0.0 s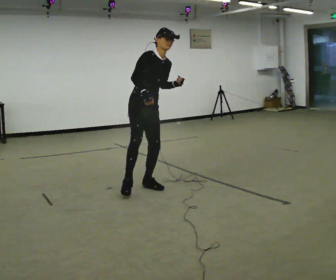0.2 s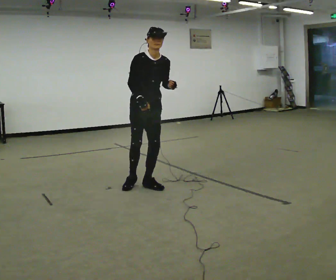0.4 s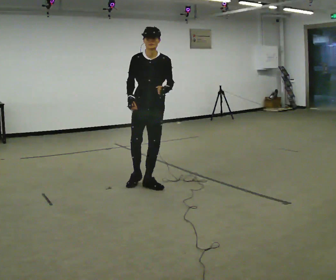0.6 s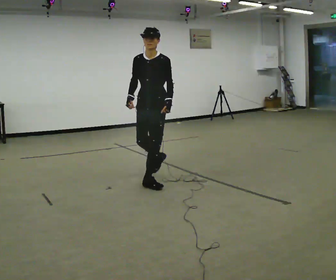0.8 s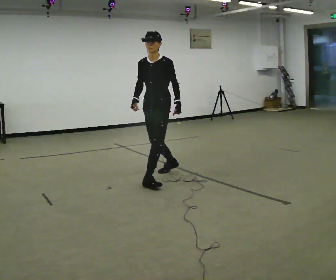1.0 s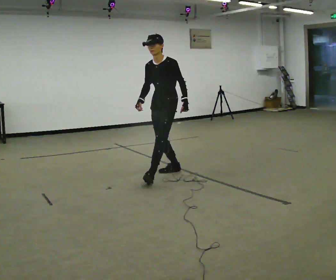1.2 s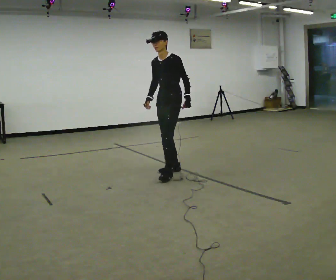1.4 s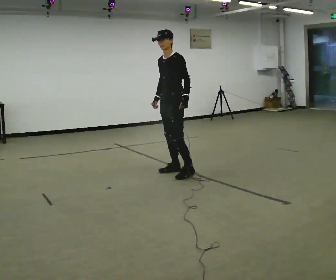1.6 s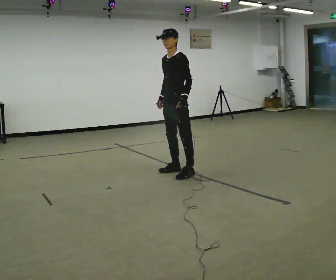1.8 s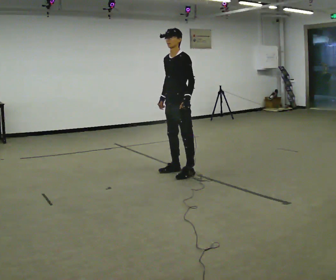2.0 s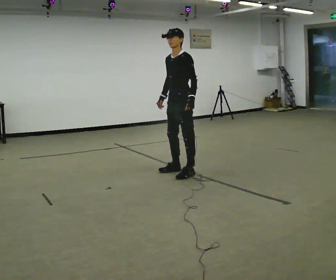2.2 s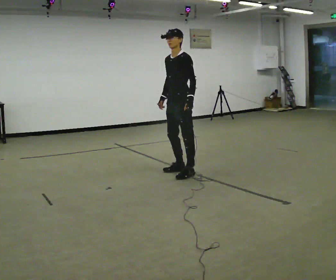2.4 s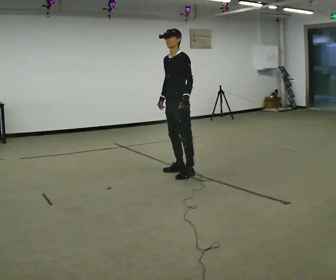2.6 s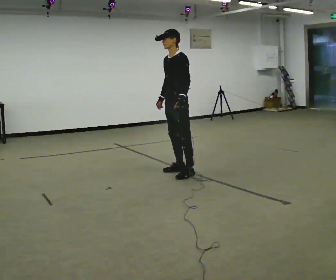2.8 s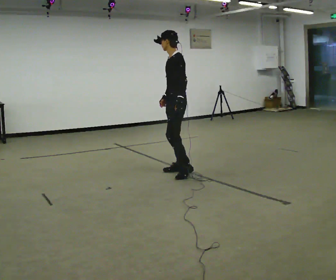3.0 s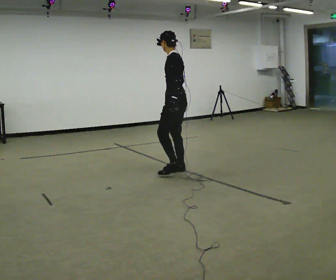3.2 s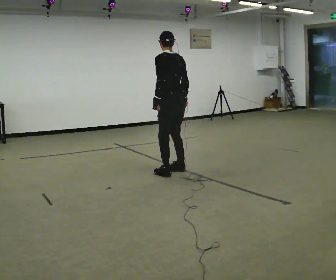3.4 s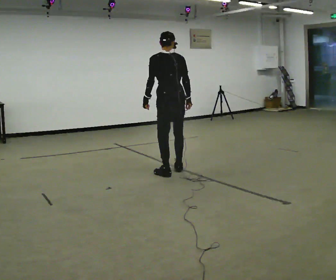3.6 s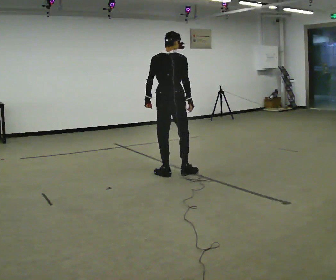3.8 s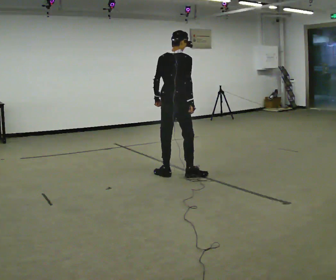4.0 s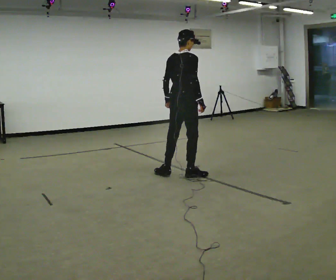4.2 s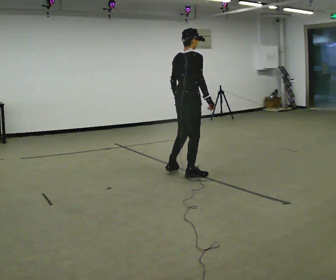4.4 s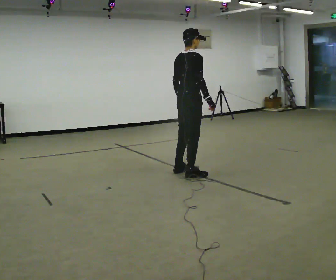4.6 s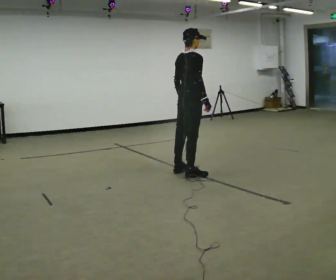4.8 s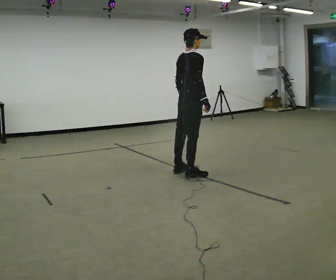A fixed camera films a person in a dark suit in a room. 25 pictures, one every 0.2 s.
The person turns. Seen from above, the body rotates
clockwise.
The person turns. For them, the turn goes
to their right.
0.0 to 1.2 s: Seen from above the body turns clockwise, about 90 degrees: to their right, with its near side sliding to the left. In the picture they go away from the camera and to the right, about 0.5 m in 2 steps. In the picture the upper body tilts counterclockwise, shoulders to the left.
1.2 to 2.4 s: The person moves a little, or ends about where they began.
2.4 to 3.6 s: The person turns about 135 degrees to their right, clockwise seen from above, so the part of the body nearest the lens slides to the left. In the picture their right hand goes to the right.
3.6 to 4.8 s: The part of the body nearest the lens slides to the left as the person turns to their right by about 45 degrees. In the picture they go to the right, about 0.25 m in 2 steps, which for them is forward. In the picture their left hand goes to the right.
The film runs forward here.
